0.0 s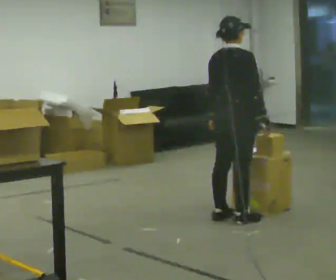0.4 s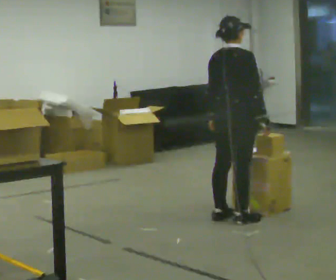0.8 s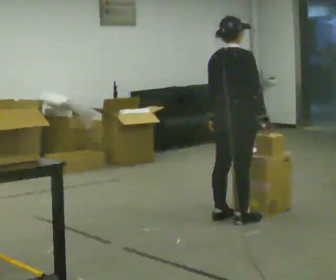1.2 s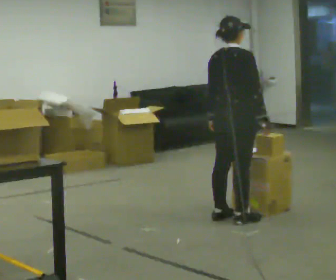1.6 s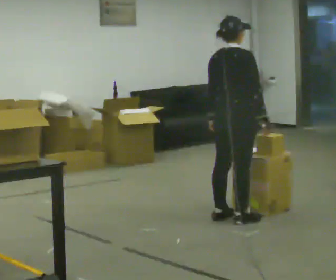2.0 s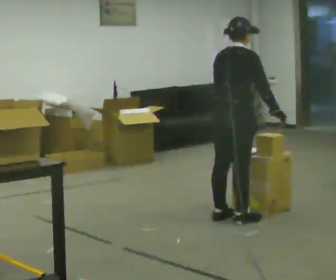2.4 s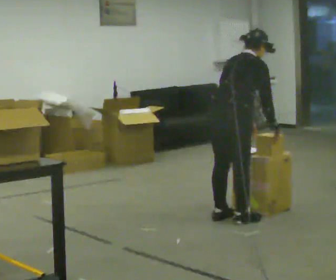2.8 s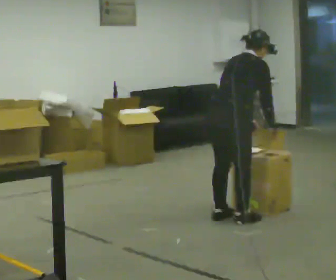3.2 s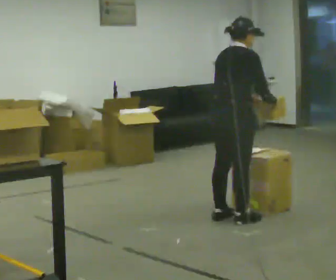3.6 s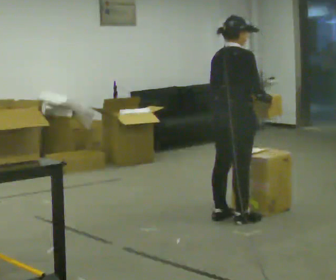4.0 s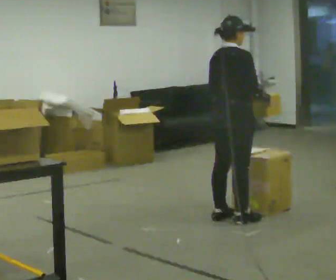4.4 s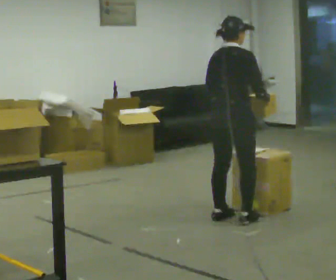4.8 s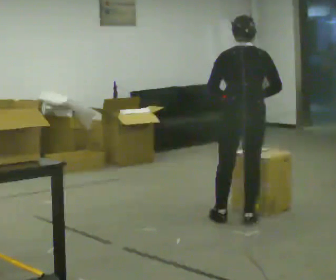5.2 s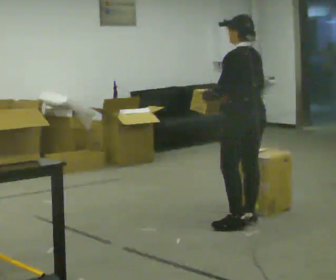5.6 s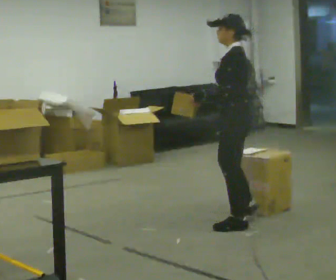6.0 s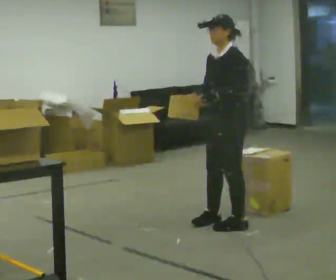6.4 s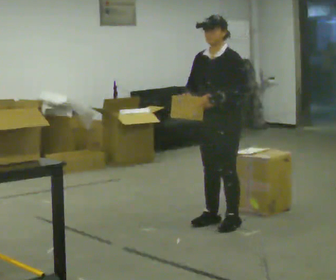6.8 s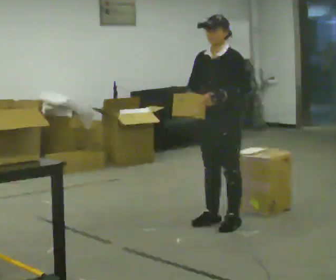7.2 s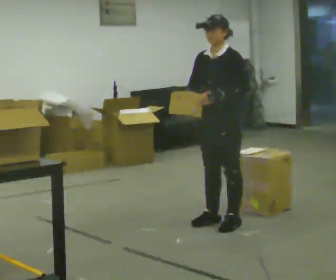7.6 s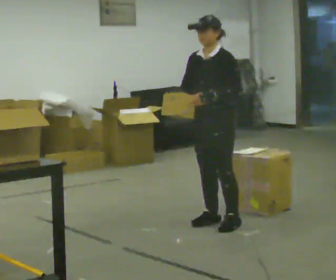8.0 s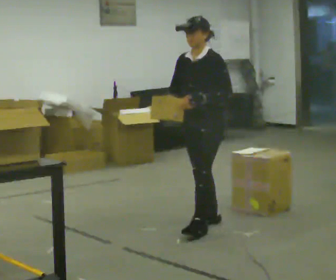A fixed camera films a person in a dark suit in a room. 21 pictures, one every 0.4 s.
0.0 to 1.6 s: The person keeps their place and pose.
1.6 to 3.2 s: The person moves a little, or ends about where they began.
3.2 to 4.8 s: The person turns about 60 degrees to their left, counterclockwise seen from above, so the part of the body nearest the lens slides to the right.
4.8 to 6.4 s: The person turns about 135 degrees to their left, counterclockwise seen from above, so the part of the body nearest the lens slides to the right. In the picture they go to the left, about 0.25 m in 2 steps.
6.4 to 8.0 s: The person moves a little, or ends about where they began.
The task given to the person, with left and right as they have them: 1. Read the list the operator gives you. 2. Collect the six items on the list from the shelves. 3. Put them all in the bin on the table. 4. Tell the operator when you are finished.
The film runs forward here.
